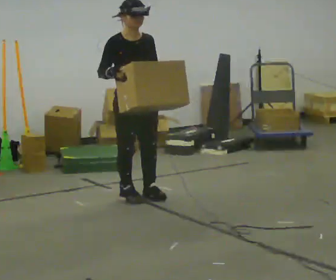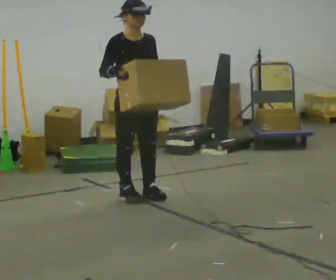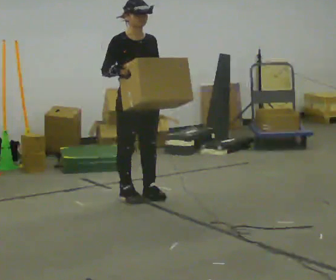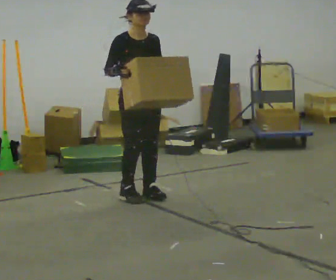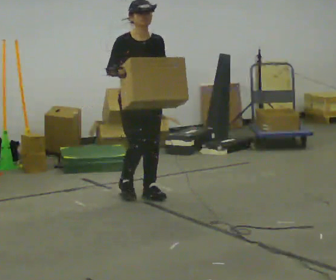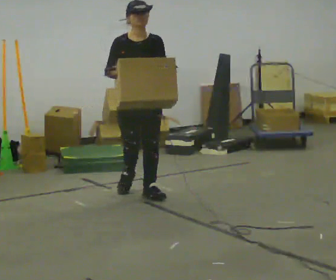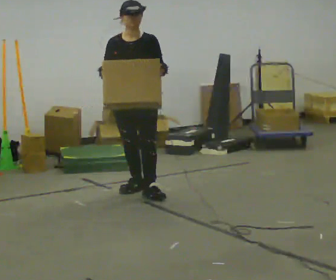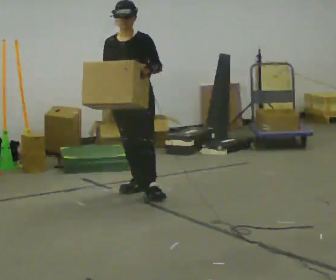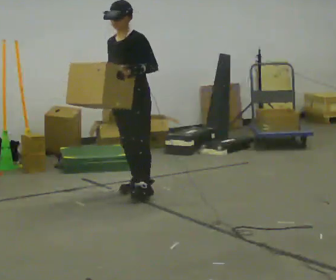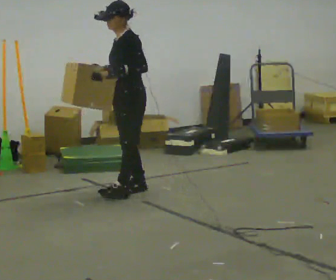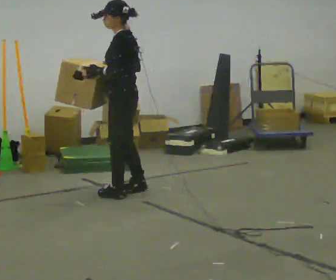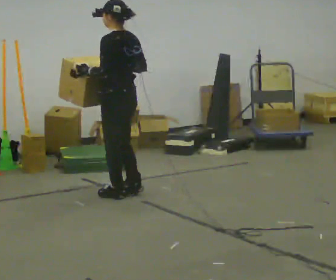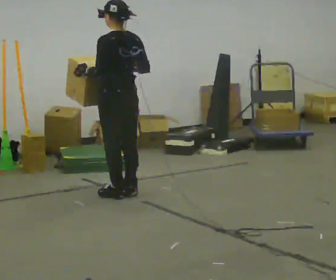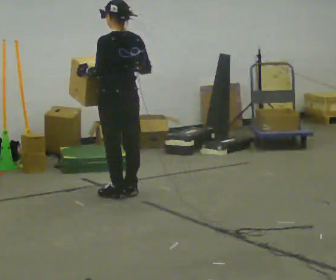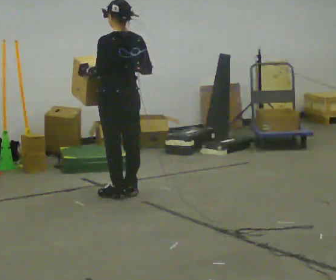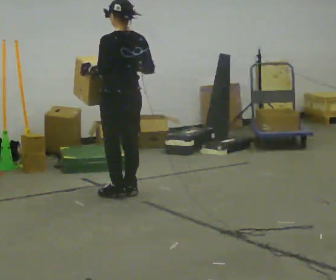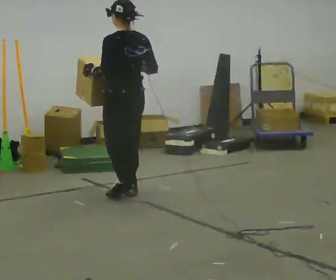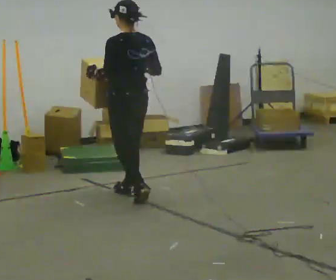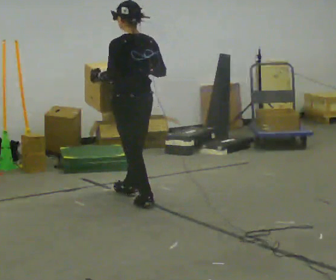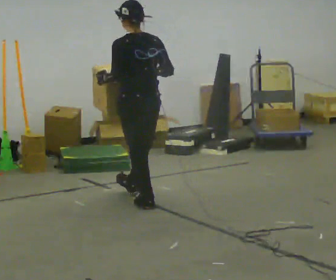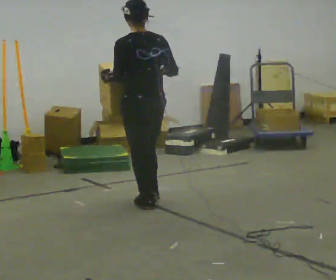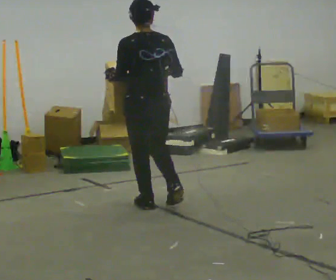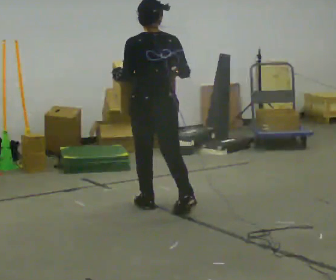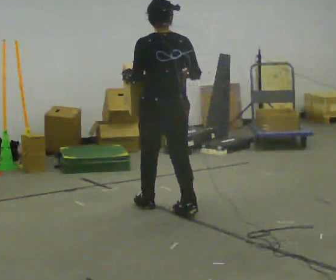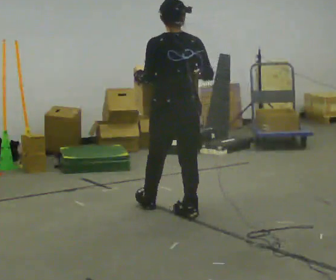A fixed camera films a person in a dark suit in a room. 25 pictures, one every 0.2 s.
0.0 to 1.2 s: The person turns about 30 degrees to their right, clockwise seen from above, so the part of the body nearest the lens slides to the left. In the picture they go away from the camera, about 0.25 m in 1 step, which for them is backward and to their left.
1.2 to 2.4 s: Seen from above the body turns clockwise, about 135 degrees: to their right, with its near side sliding to the left.
2.4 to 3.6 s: In the picture they go toward the camera, about 0.25 m in 1 step, which for them is backward.
3.6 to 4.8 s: In the picture they go toward the camera and to the right, about 0.5 m in 1 step, which for them is backward.
The film runs backward here.
